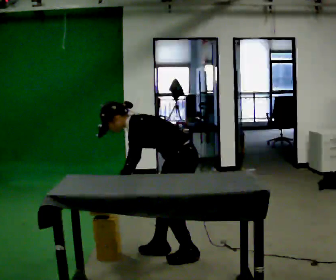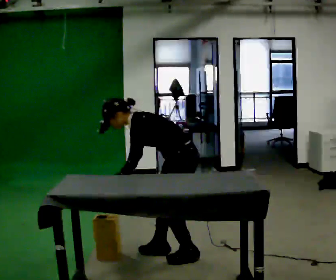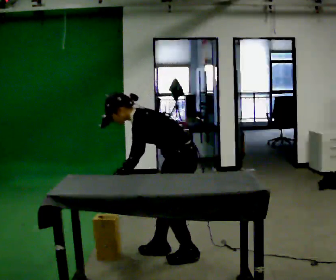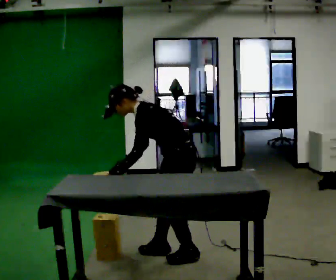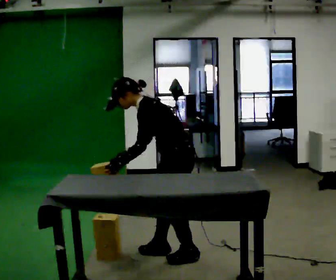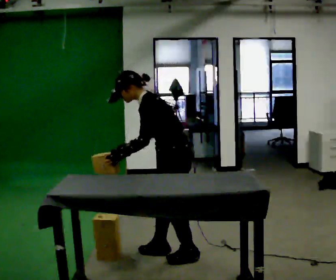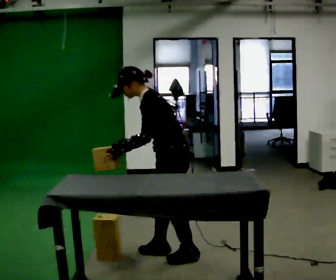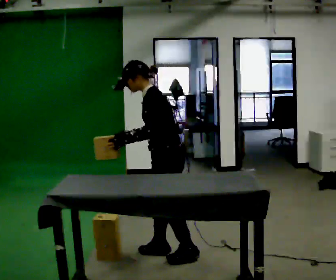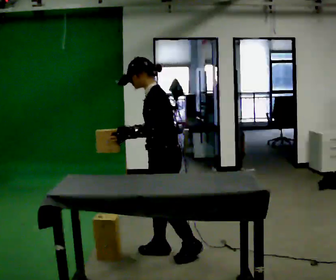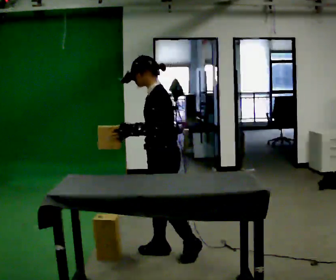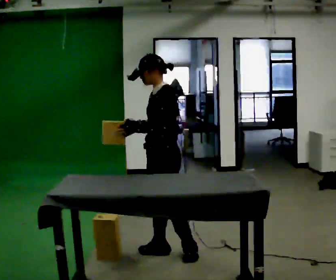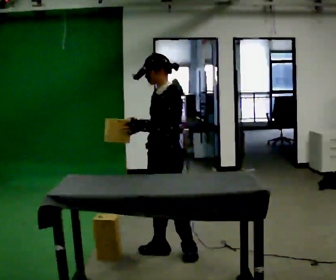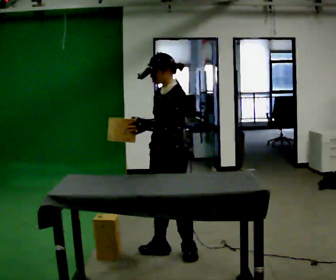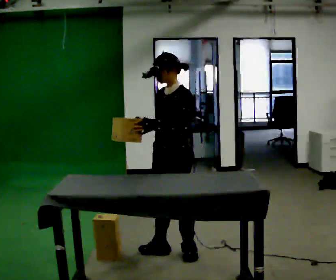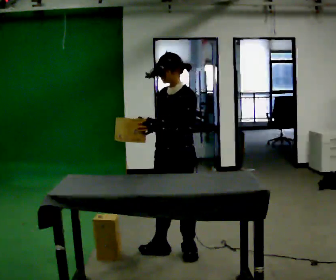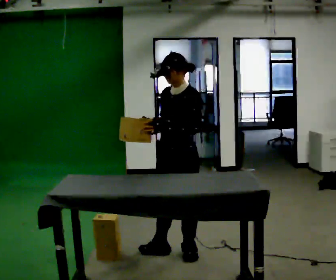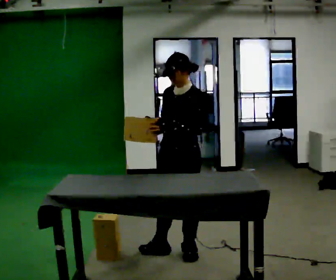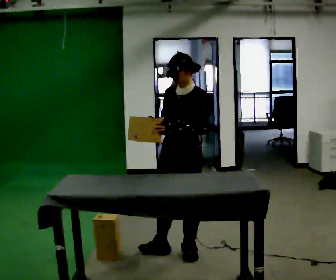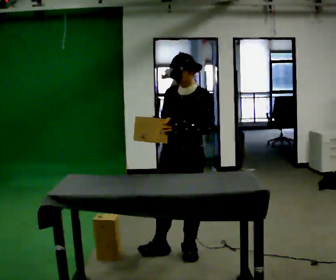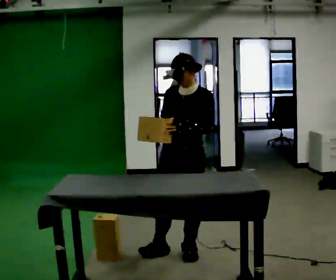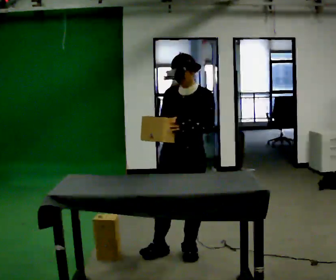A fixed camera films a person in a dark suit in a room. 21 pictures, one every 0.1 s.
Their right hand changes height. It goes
upward.
The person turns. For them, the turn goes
to their left.
0.0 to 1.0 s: The upper body goes upward. In the picture the upper body tilts clockwise, shoulders to the right, as they lean back or straighten. In the picture their right hand goes upward.
1.0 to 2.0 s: The part of the body nearest the lens slides to the right as the person turns to their left by about 45 degrees.
The film runs backward here.
